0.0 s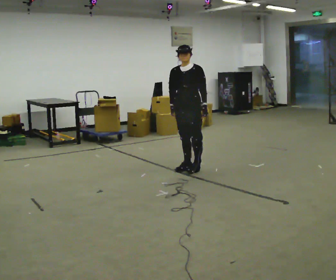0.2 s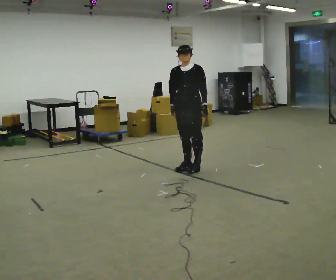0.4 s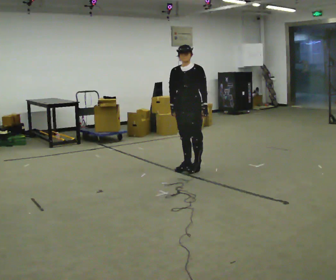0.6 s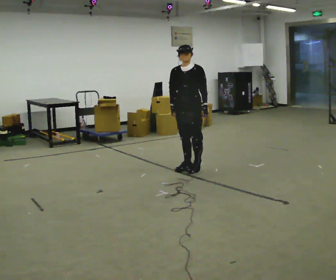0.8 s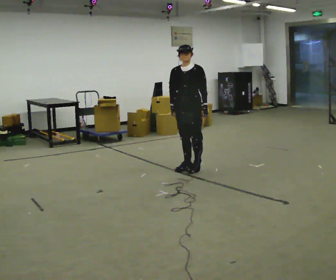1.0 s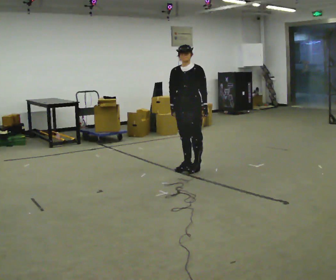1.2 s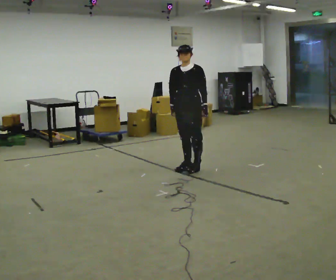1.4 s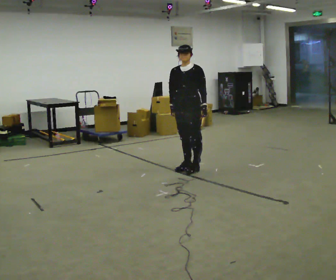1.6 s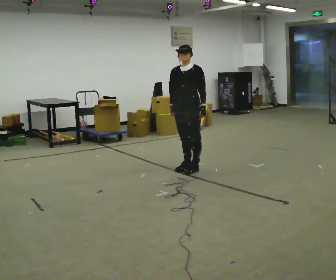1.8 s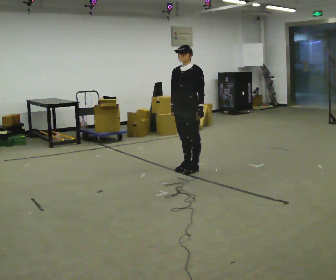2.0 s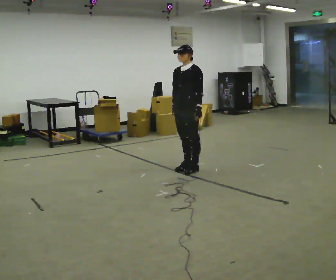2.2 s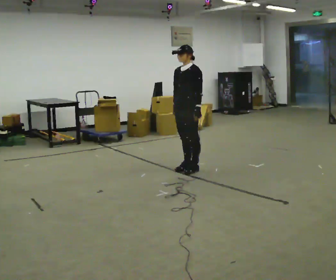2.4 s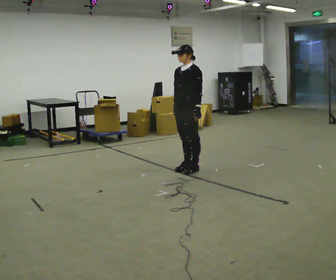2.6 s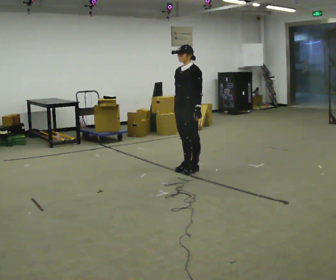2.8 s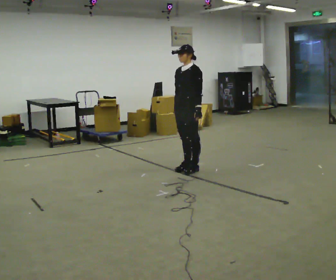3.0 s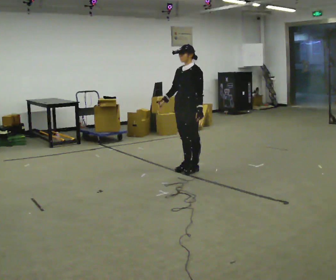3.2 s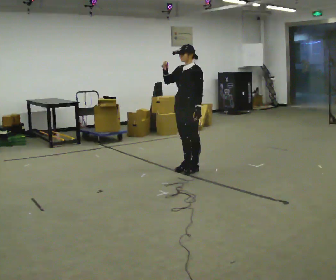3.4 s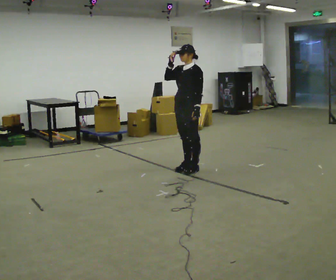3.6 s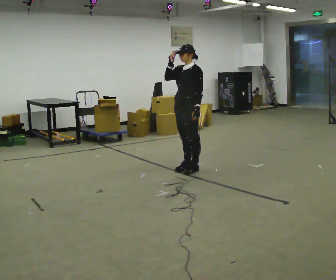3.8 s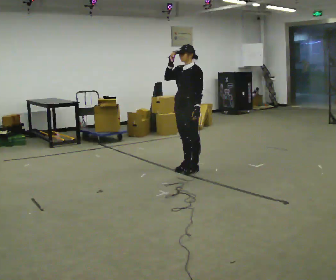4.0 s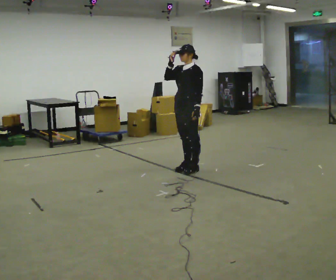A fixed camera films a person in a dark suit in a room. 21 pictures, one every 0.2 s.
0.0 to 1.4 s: The person keeps their place and pose.
1.4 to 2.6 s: The person turns about 30 degrees to their right, clockwise seen from above, so the part of the body nearest the lens slides to the left.
2.6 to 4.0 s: In the picture their right hand goes upward.
The film runs backward here.
